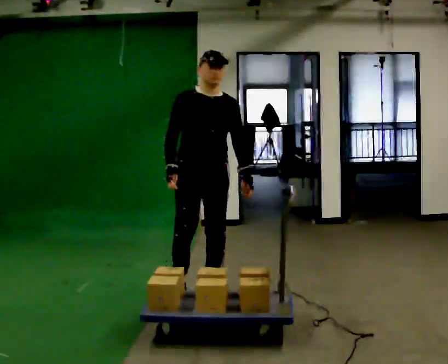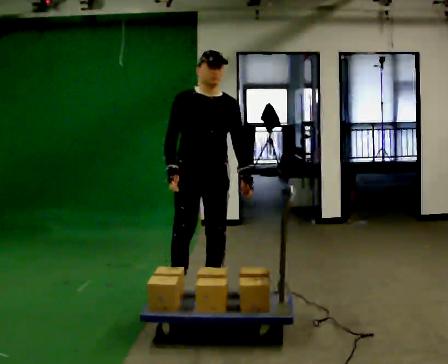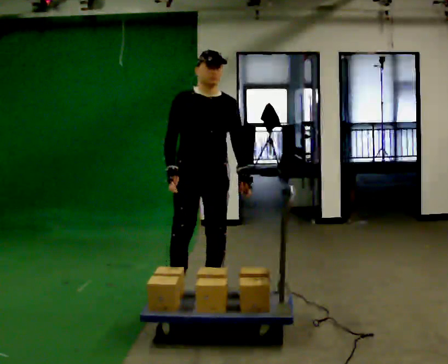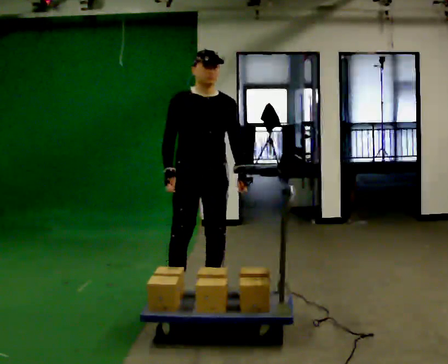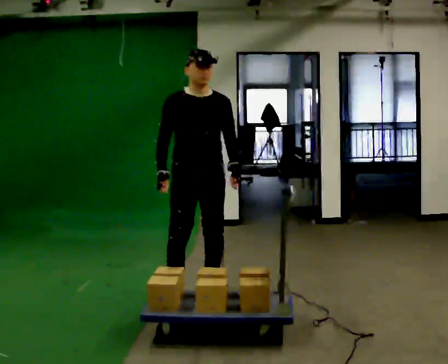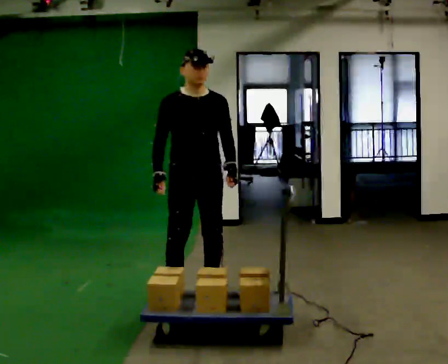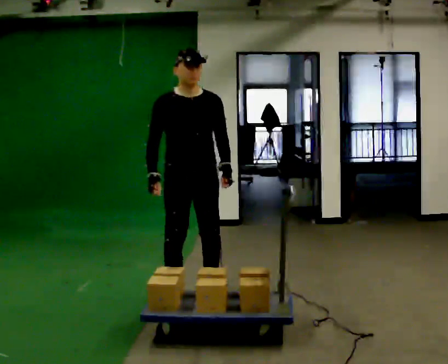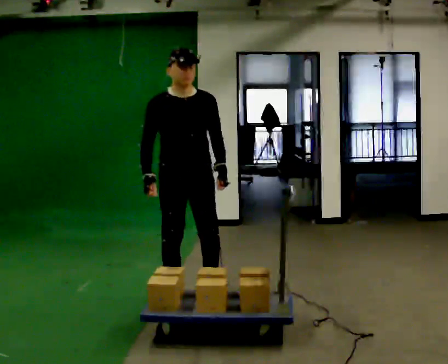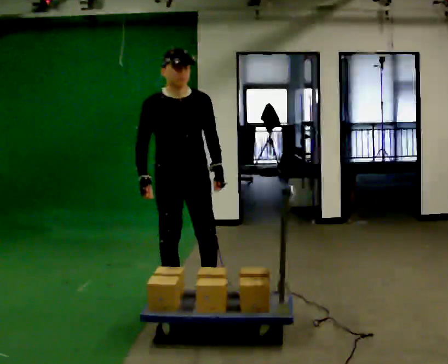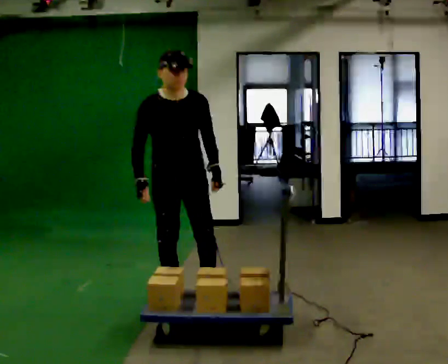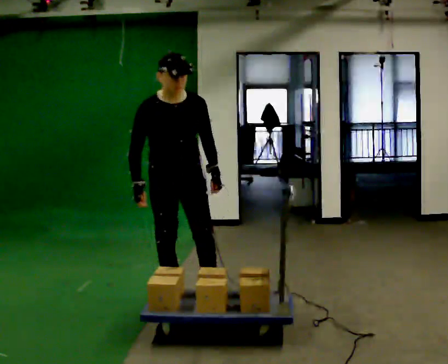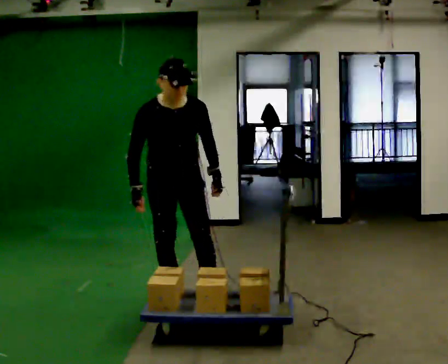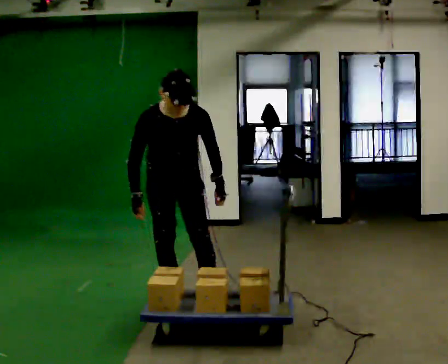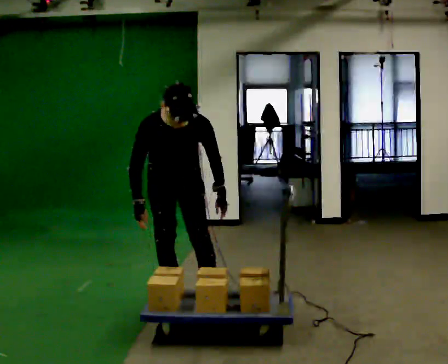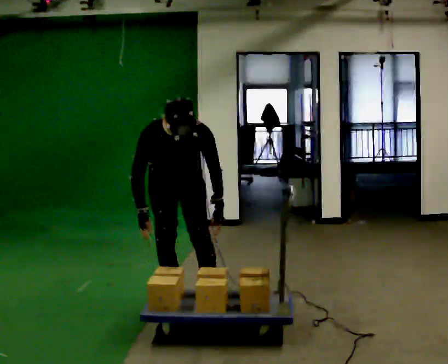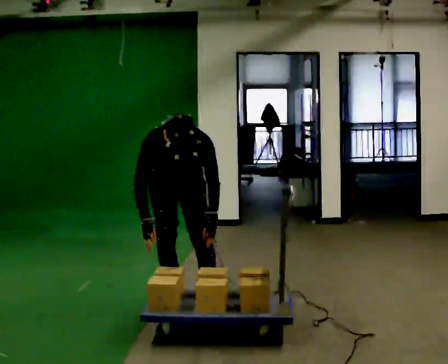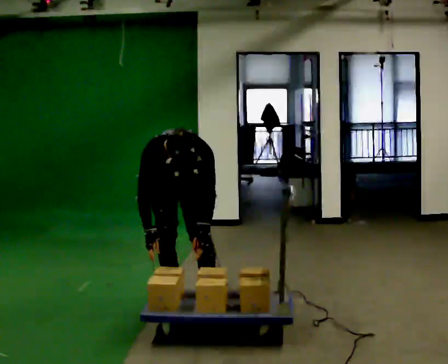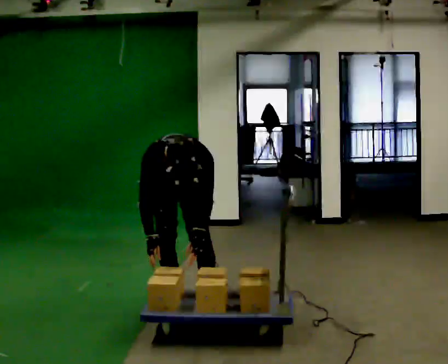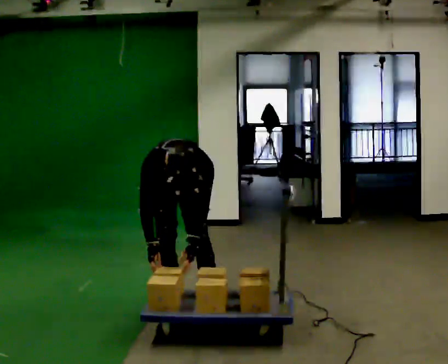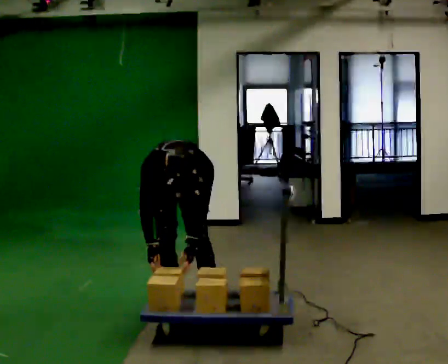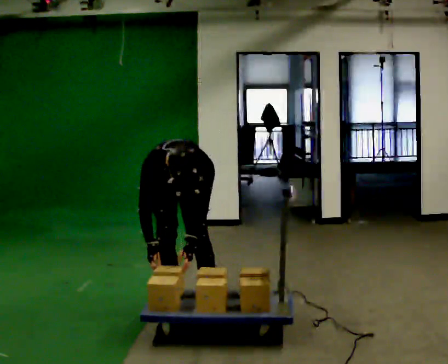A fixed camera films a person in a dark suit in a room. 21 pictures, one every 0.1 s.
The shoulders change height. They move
downward.
Their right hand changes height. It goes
downward.
0.0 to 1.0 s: In the picture they go to the left, about 0.25 m in 1 step, which for them is to their right. The upper body tips toward the camera, its near side rolling downward, as they bend forward.
1.0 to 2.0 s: The shoulders move downward. The upper body tips toward the camera, its near side rolling downward, as they bend forward. In the picture their left hand goes downward.
The film runs backward here.
